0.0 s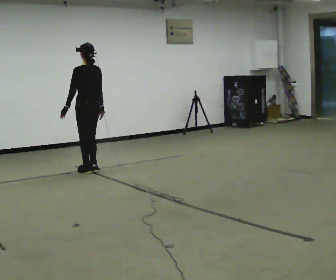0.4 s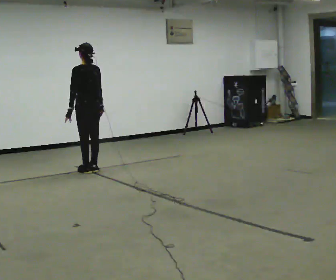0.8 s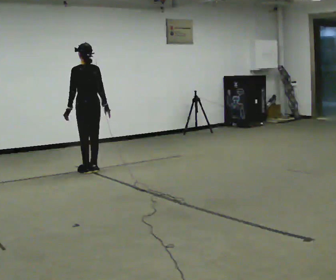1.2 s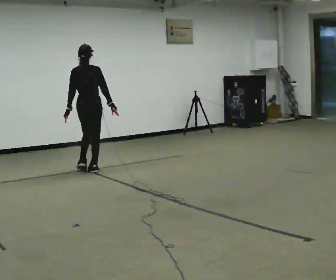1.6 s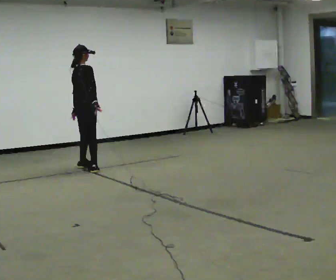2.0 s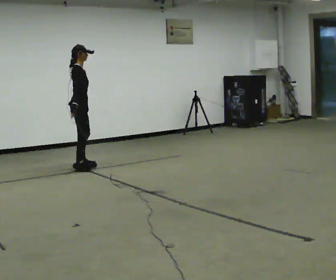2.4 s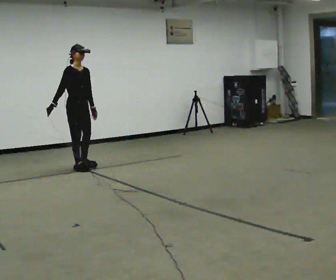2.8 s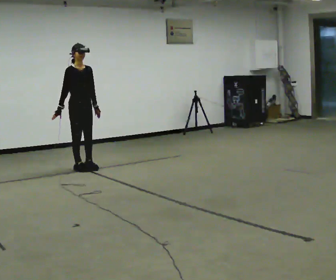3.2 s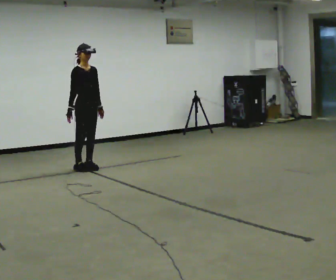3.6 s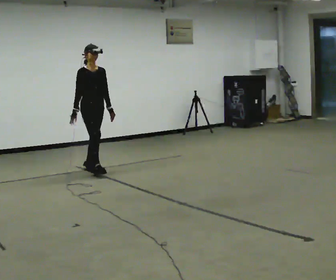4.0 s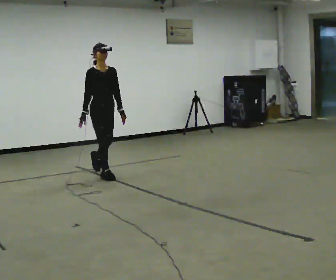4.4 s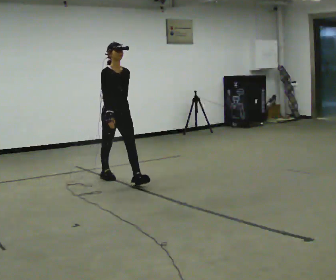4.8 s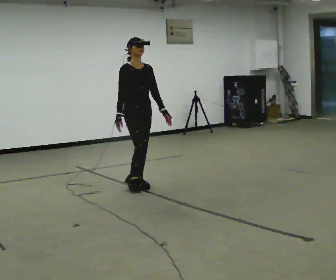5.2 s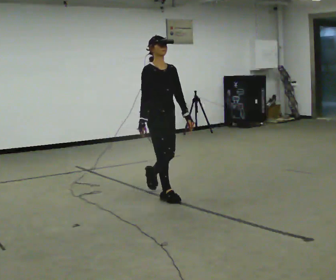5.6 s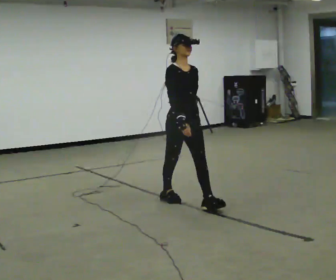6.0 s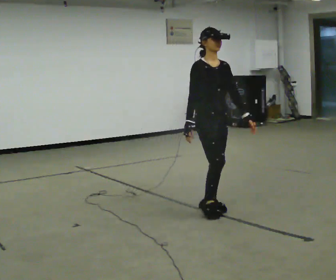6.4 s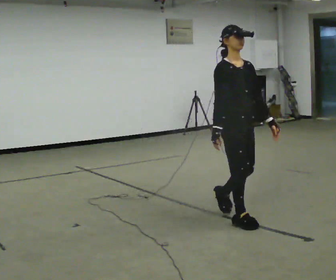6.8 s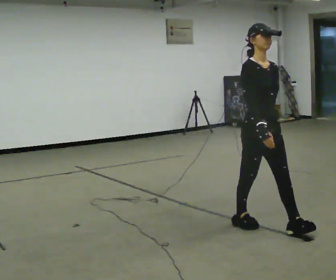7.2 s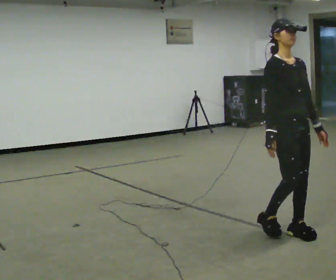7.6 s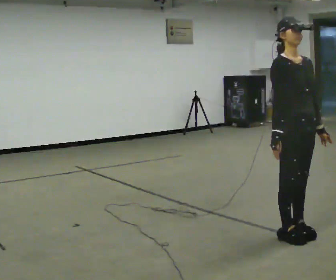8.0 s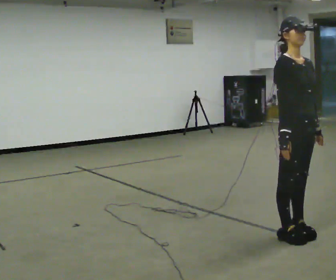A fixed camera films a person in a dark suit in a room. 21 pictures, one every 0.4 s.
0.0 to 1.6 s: The person turns about 90 degrees to their right, clockwise seen from above, so the part of the body nearest the lens slides to the left. In the picture they go away from the camera, about 0.25 m in 1 step.
1.6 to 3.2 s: Seen from above the body turns clockwise, about 90 degrees: to their right, with its near side sliding to the left. In the picture their right hand goes to the left.
3.2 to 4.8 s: In the picture they go toward the camera and to the right, about 1 m in 2 steps, which for them is forward.
4.8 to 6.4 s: In the picture they go toward the camera and to the right, about 1.5 m in 3 steps, which for them is forward.
6.4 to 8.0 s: In the picture they go toward the camera and to the right, about 0.5 m in 2 steps, which for them is forward.
The film runs forward here.
